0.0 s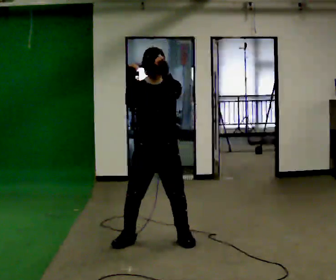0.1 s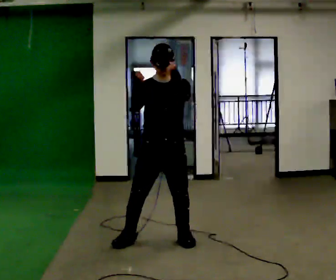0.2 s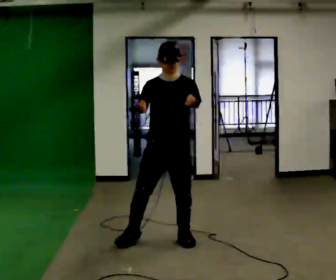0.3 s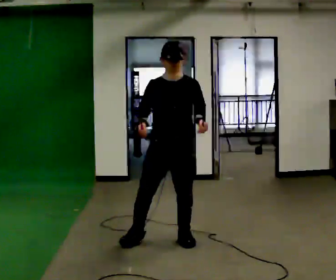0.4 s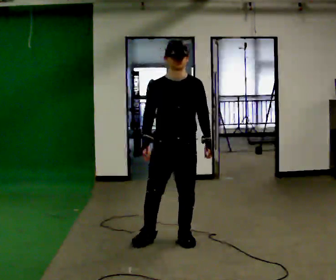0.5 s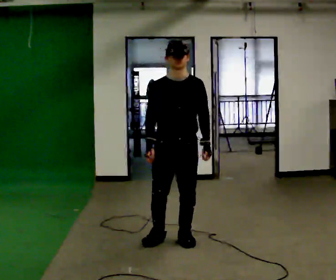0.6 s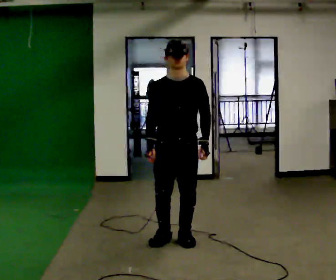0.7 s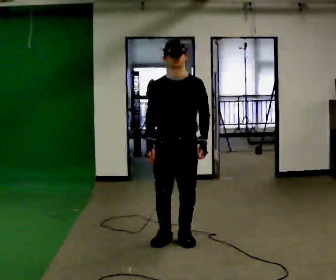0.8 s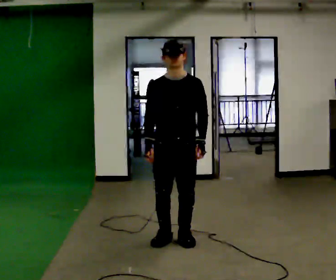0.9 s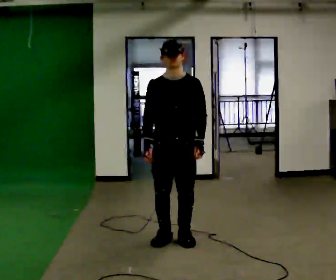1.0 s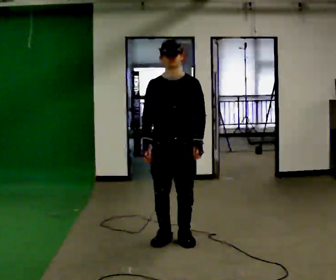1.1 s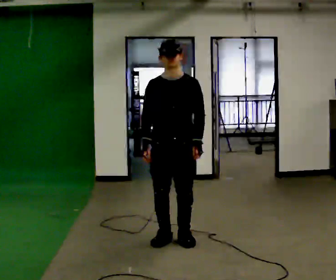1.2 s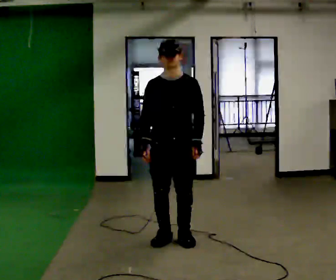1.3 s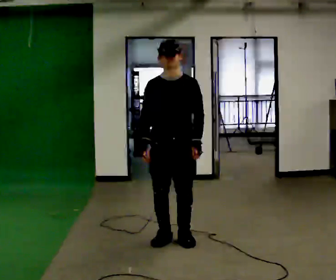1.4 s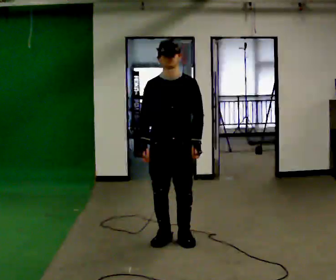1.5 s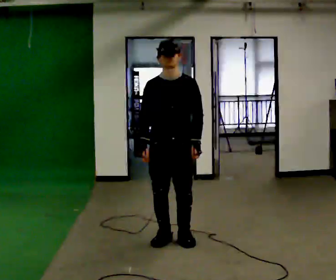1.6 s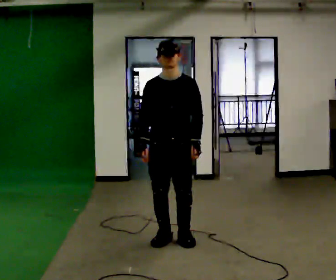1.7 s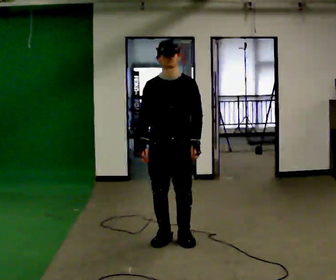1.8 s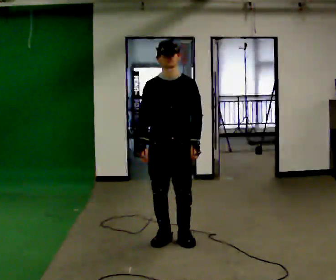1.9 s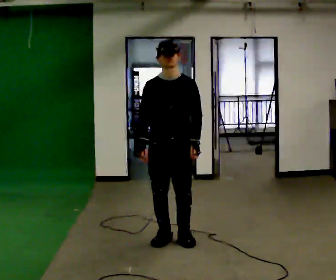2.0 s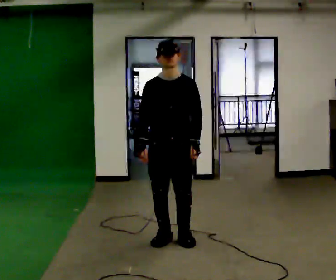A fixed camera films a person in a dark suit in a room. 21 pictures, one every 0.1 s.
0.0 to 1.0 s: In the picture their left hand goes downward.
1.0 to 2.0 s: The person moves a little, or ends about where they began.
The film runs backward here.
